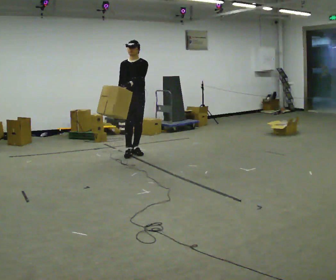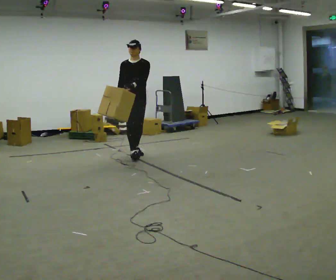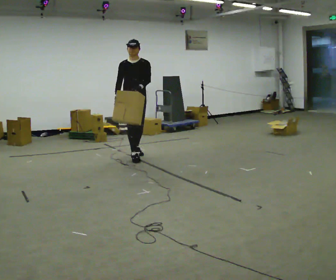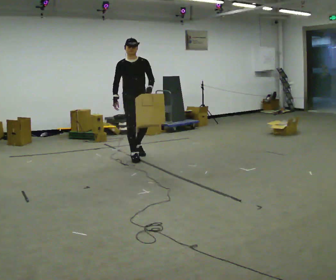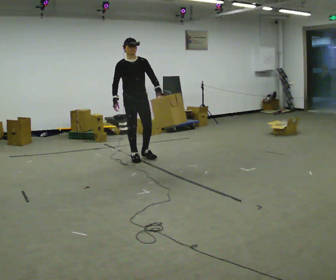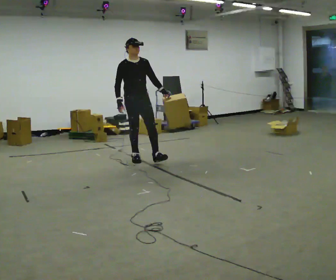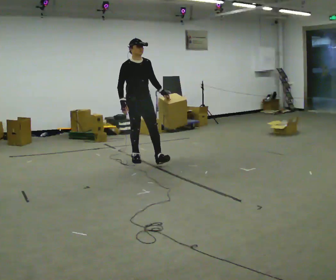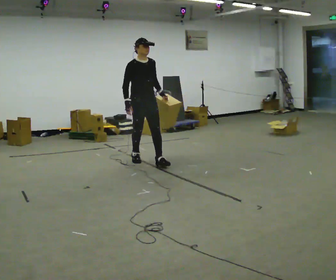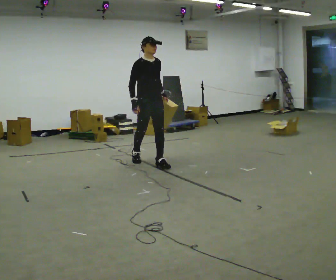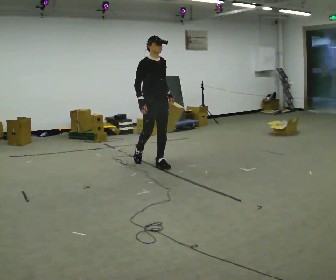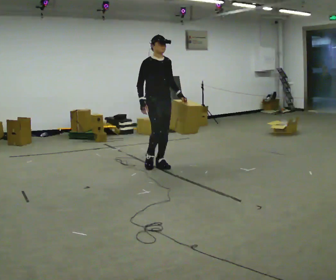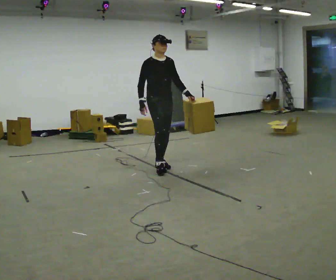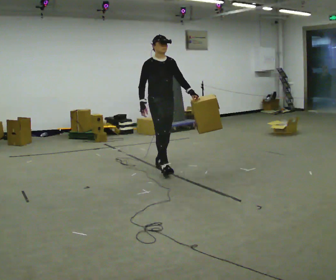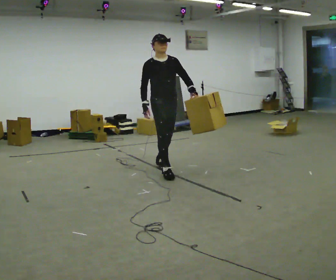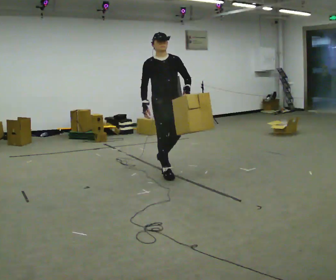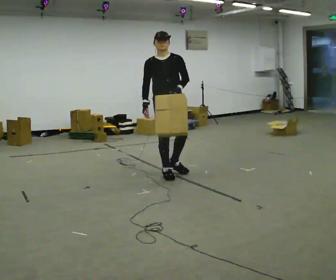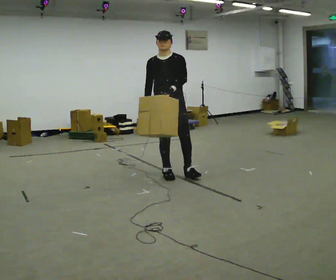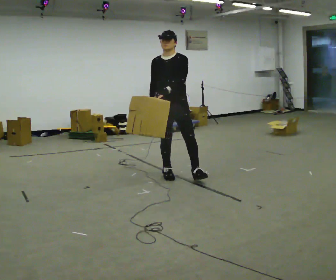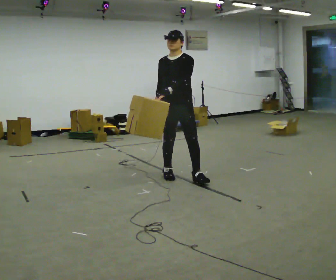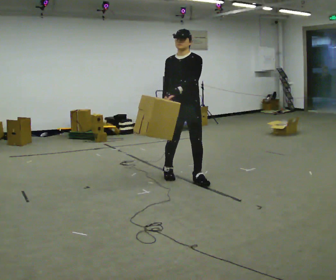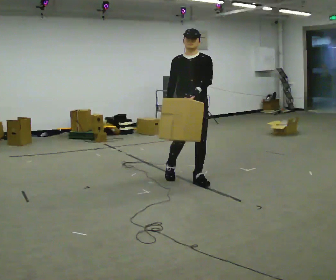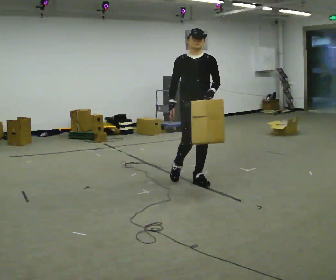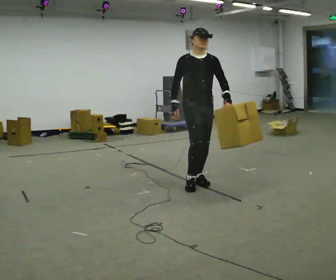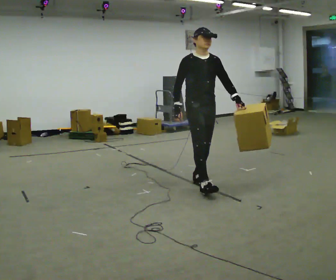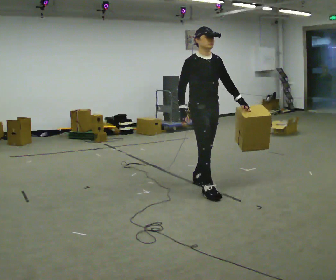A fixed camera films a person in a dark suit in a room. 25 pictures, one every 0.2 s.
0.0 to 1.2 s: In the picture they go toward the camera, about 0.5 m in 2 steps, which for them is forward.
1.2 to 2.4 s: In the picture they go toward the camera and to the right, about 0.5 m in 1 step, which for them is forward.
2.4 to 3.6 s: The person turns about 45 degrees to their right, clockwise seen from above, so the part of the body nearest the lens slides to the left. In the picture they go toward the camera and to the right, about 0.5 m in 1 step, which for them is forward.
3.6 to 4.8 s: The part of the body nearest the lens slides to the right as the person turns to their left by about 45 degrees. In the picture they go toward the camera and to the right, about 0.5 m in 1 step, which for them is forward.
The film runs forward here.
